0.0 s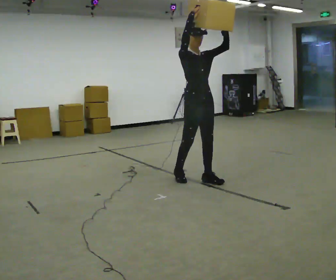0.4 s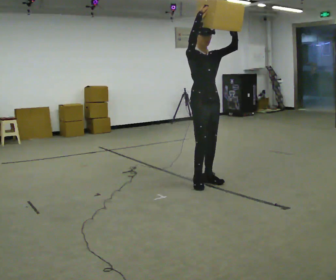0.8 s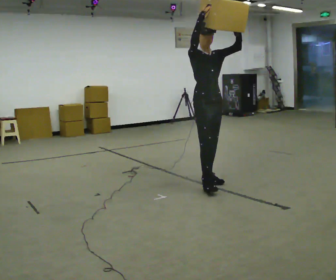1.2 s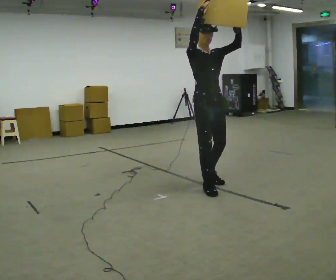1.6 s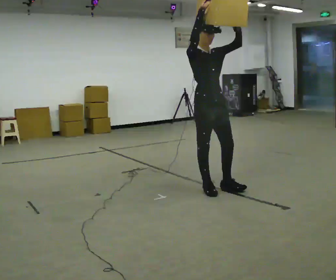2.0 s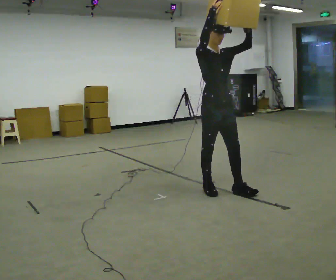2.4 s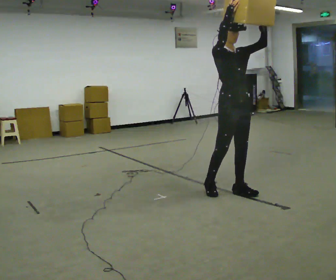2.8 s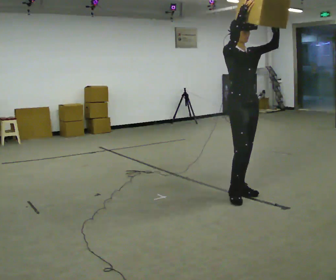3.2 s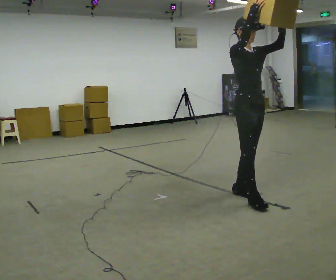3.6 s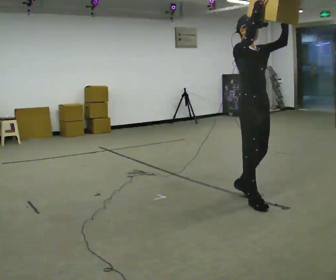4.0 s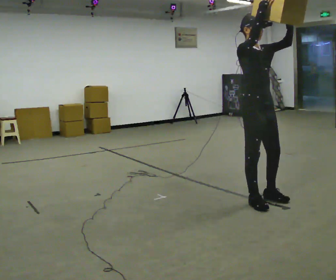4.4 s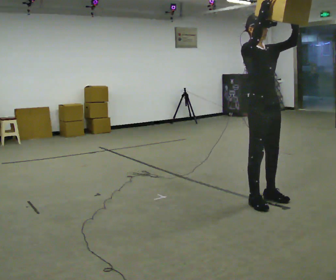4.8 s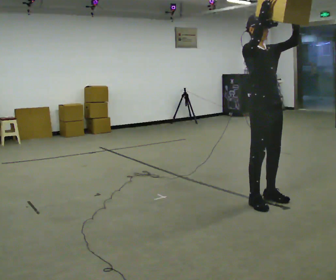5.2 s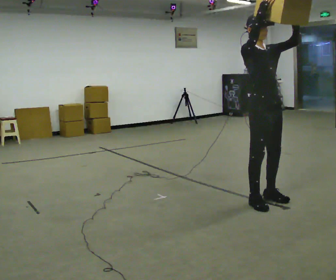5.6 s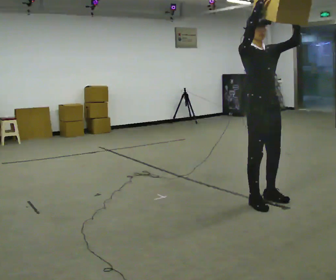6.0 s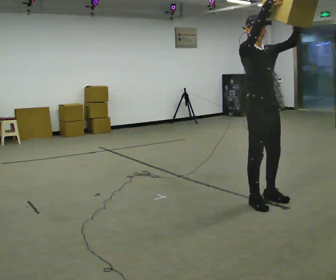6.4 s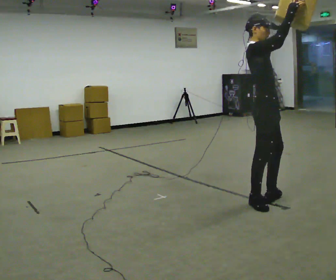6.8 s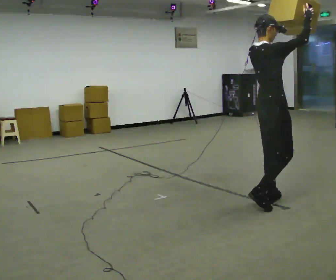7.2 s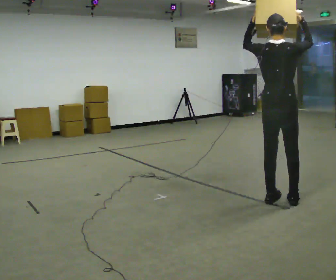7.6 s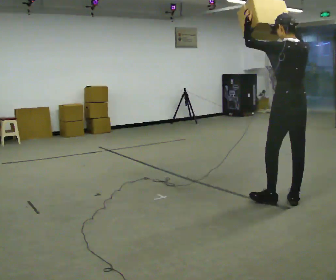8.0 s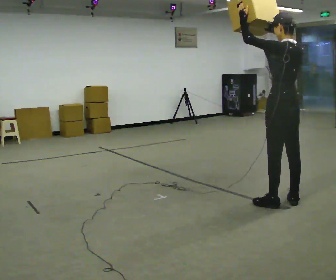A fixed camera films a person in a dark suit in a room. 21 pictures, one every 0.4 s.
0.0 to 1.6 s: In the picture they go toward the camera and to the right, about 0.5 m in 1 step, which for them is forward.
1.6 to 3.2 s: In the picture they go to the right and toward the camera, about 0.5 m in 2 steps, which for them is forward.
3.2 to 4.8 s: The person moves a little, or ends about where they began.
4.8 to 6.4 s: Seen from above the body turns counterclockwise, about 30 degrees: to their left, with its near side sliding to the right.
6.4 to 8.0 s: Seen from above the body turns counterclockwise, about 135 degrees: to their left, with its near side sliding to the right. In the picture they go to the right, about 0.25 m in 1 step.
The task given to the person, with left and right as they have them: Carry the heaviest box in both hands in front of you, walking back and forth across the room. Only carry what is comfortable. Set it down whenever you need to.
The film runs forward here.
